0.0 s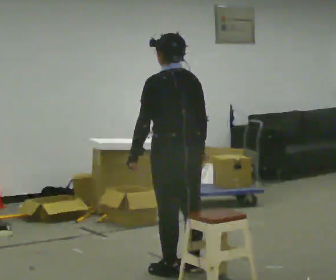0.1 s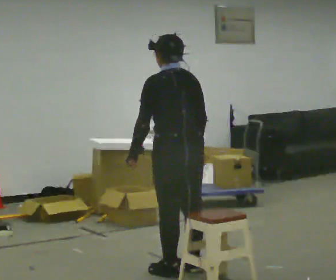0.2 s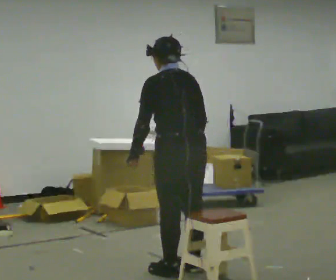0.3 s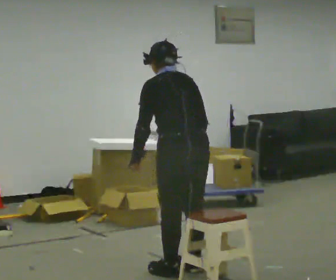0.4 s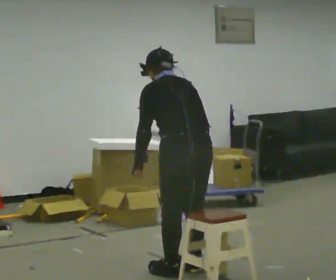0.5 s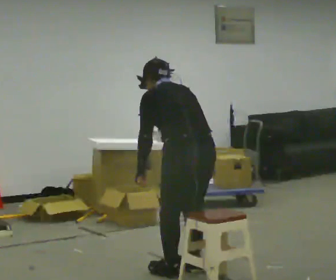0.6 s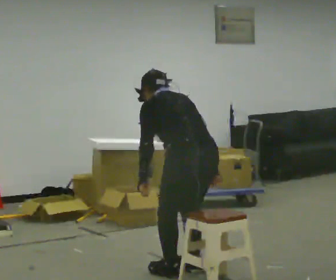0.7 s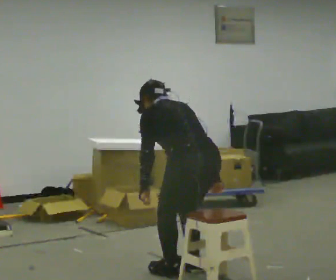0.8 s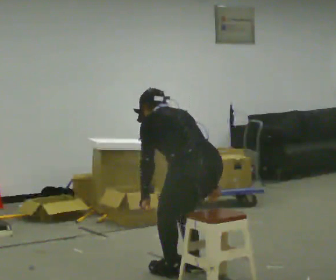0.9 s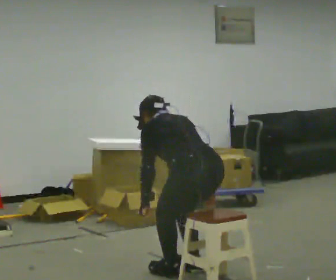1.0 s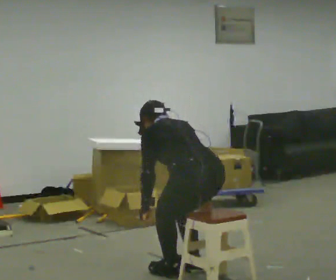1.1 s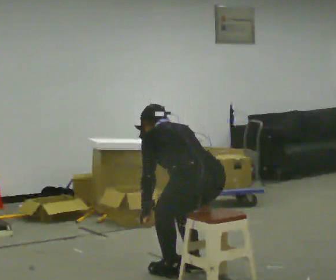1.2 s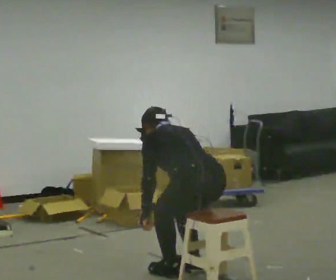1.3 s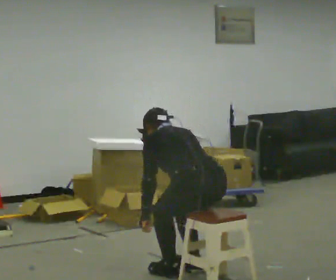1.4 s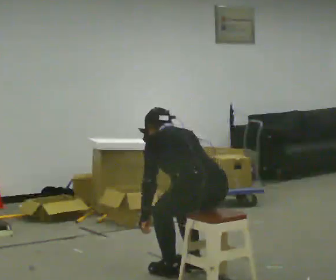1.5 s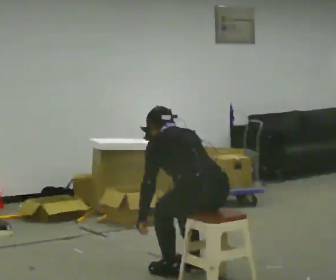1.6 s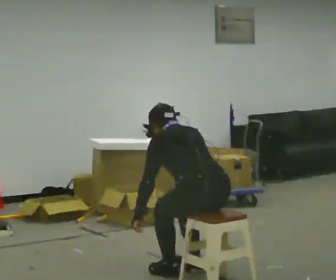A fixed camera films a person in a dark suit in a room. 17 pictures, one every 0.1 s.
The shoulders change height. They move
downward.
0.0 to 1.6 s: In the picture they go toward the camera and to the right, about 0.25 m, which for them is backward. The upper body goes downward. In the picture their left hand goes downward.
The film runs forward here.
